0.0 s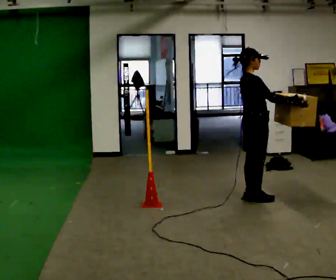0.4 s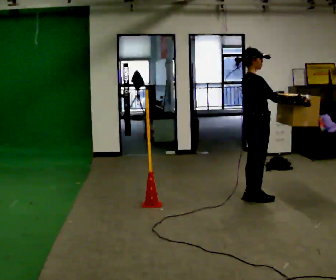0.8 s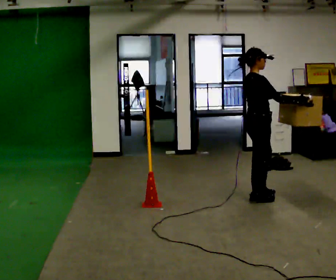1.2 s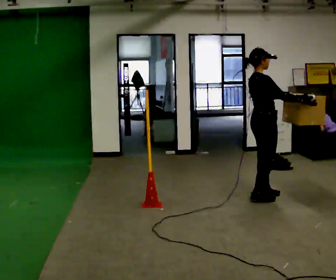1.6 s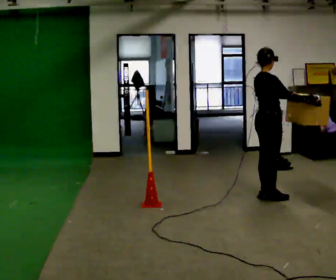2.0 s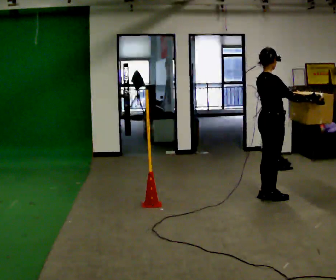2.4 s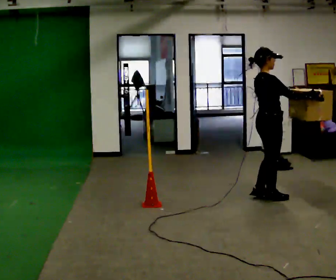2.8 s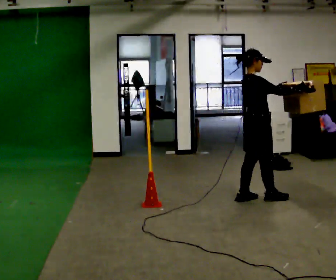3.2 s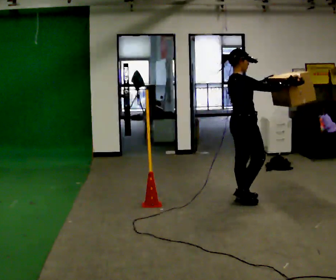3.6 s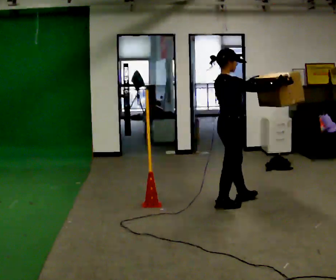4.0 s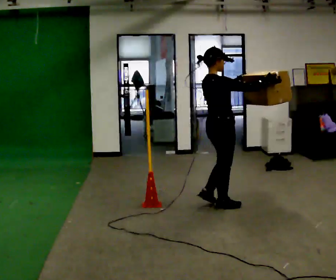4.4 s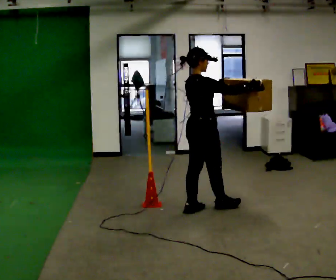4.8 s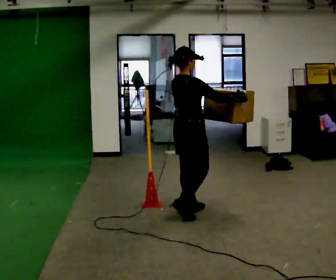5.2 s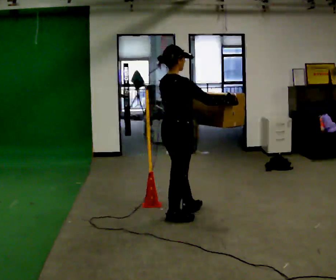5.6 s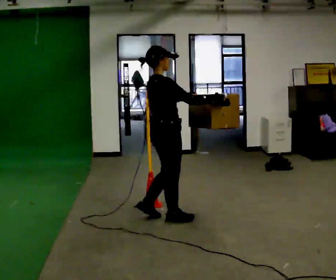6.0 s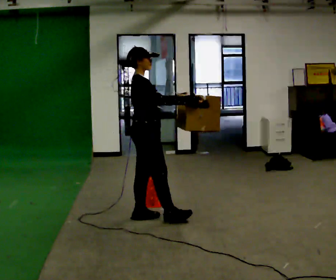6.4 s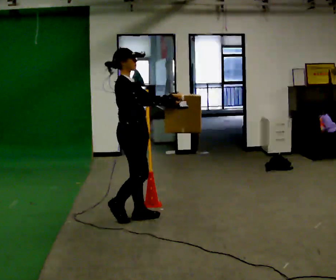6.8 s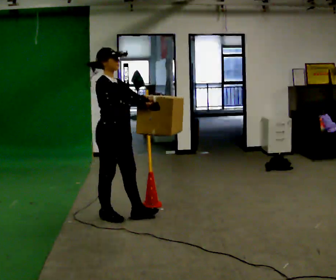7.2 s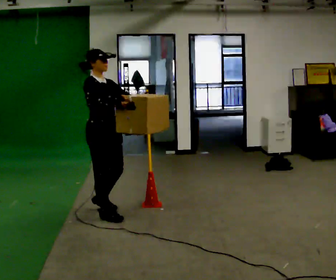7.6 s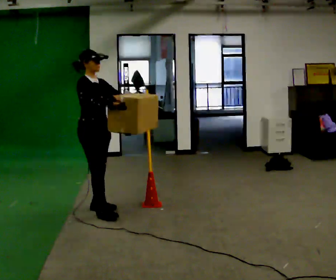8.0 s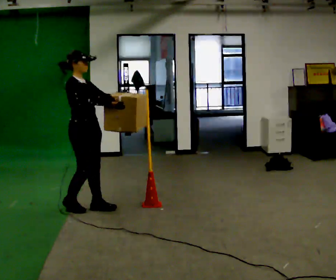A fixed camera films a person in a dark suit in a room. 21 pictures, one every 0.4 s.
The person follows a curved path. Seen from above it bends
clockwise.
The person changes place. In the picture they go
to the left.
0.0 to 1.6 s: The person moves a little, or ends about where they began.
1.6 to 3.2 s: In the picture they go to the left, about 0.25 m in 2 steps, which for them is backward.
3.2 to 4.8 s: In the picture they go to the left and toward the camera, about 0.75 m in 2 steps, which for them is backward.
4.8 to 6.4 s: The part of the body nearest the lens slides to the left as the person turns to their right by about 30 degrees. In the picture they go to the left, about 0.5 m in 2 steps, which for them is backward.
6.4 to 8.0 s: In the picture they go to the left and away from the camera, about 0.5 m in 2 steps, which for them is backward.
The film runs backward here.
